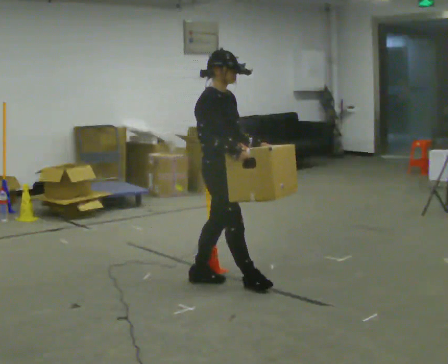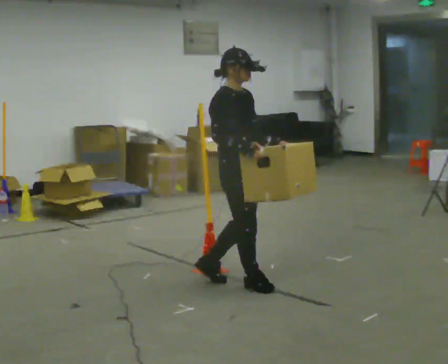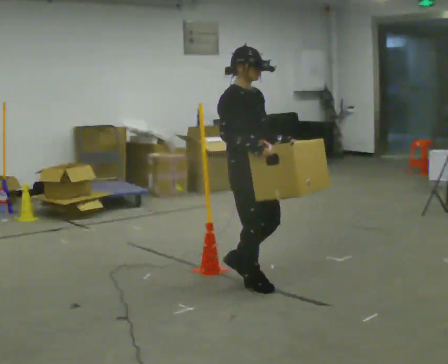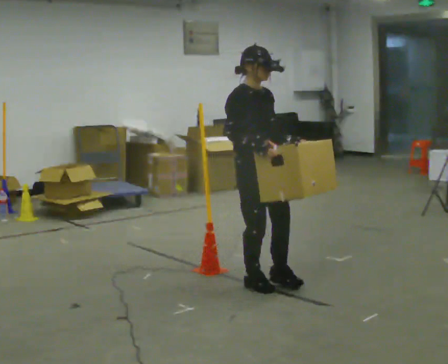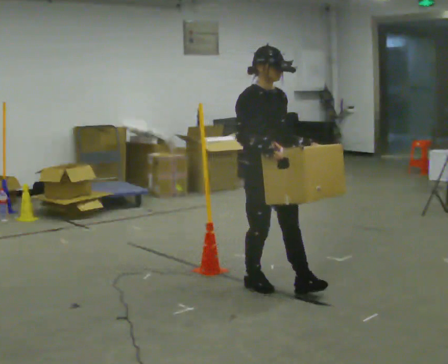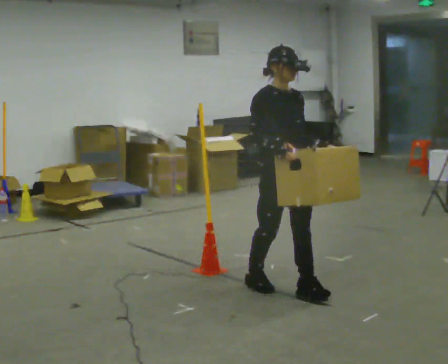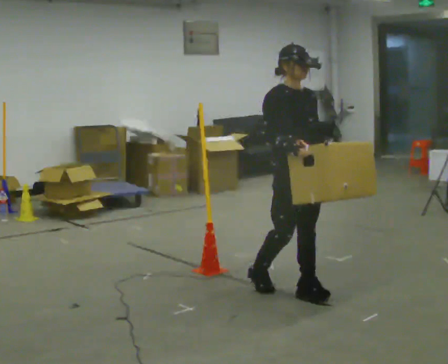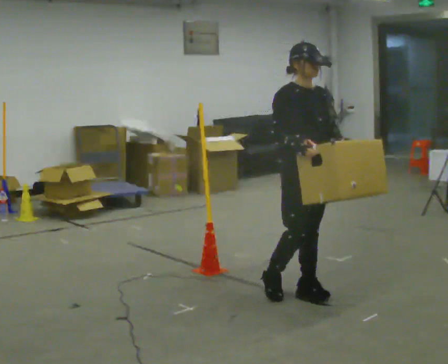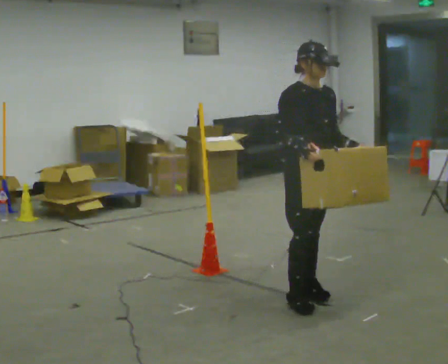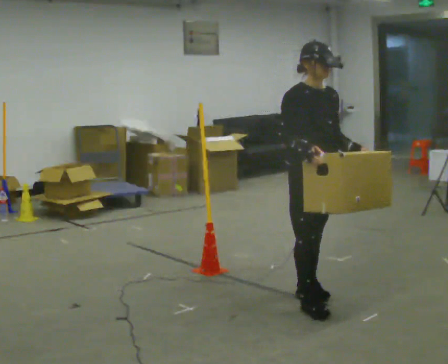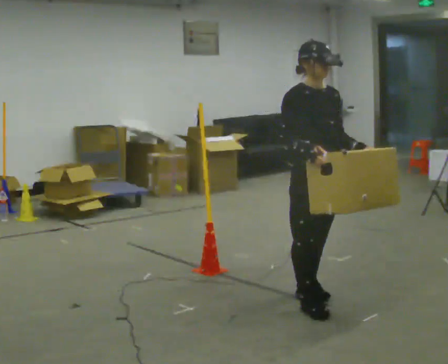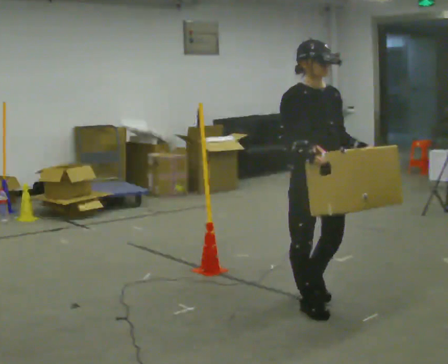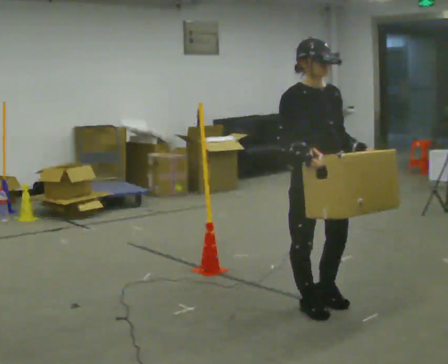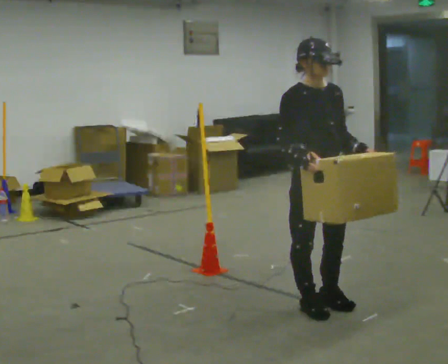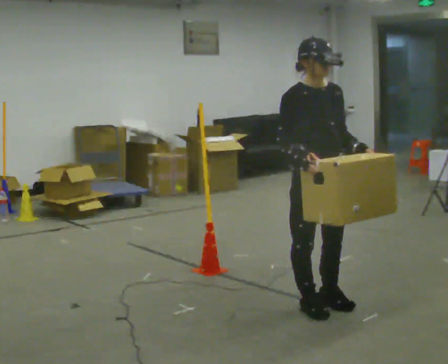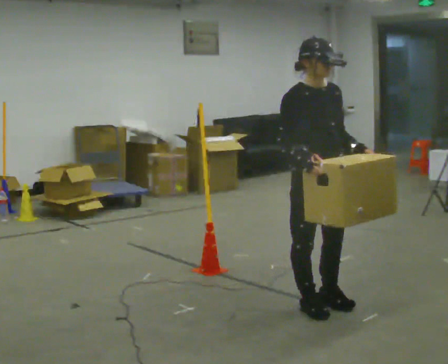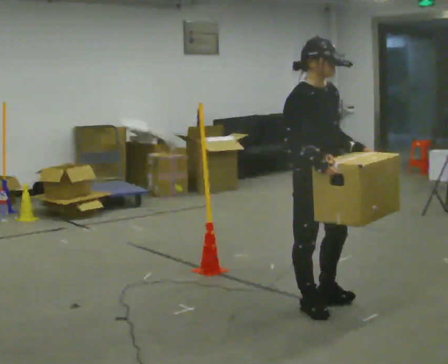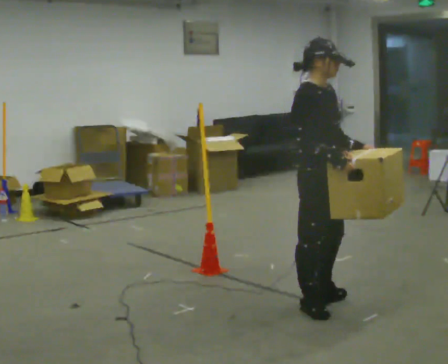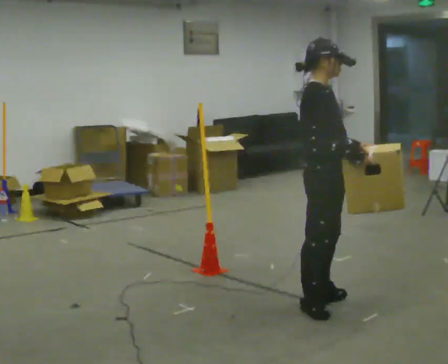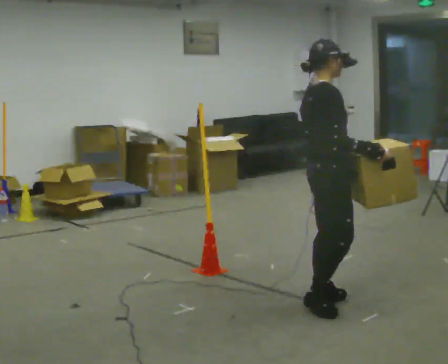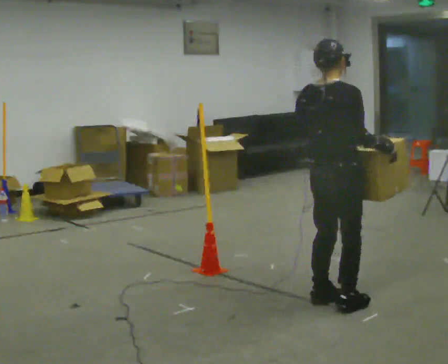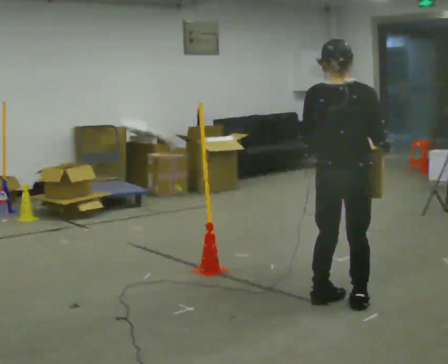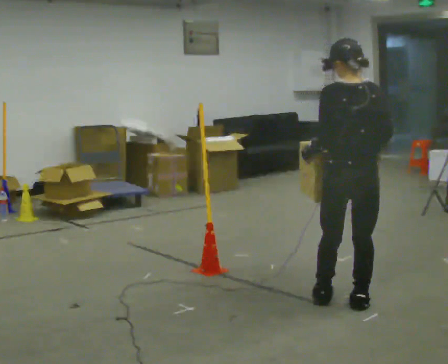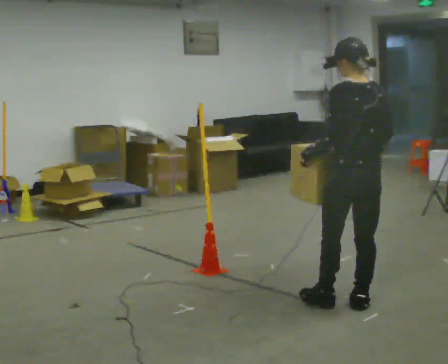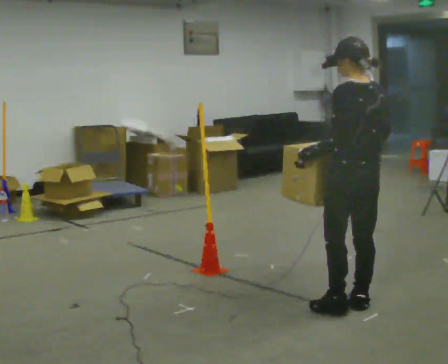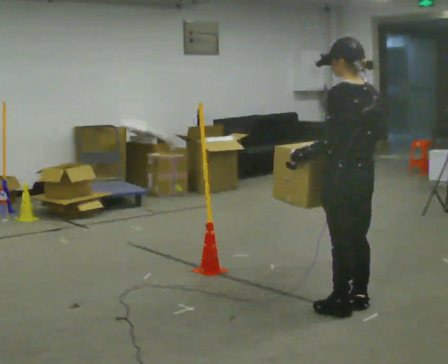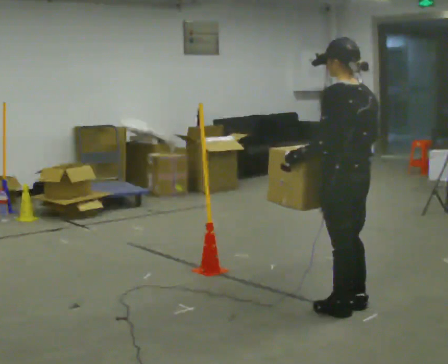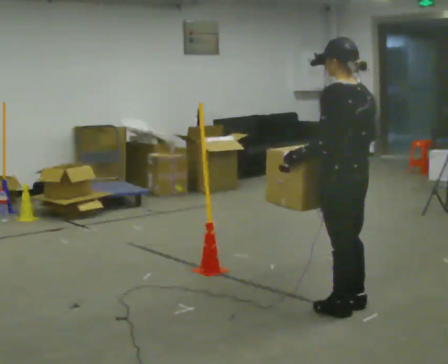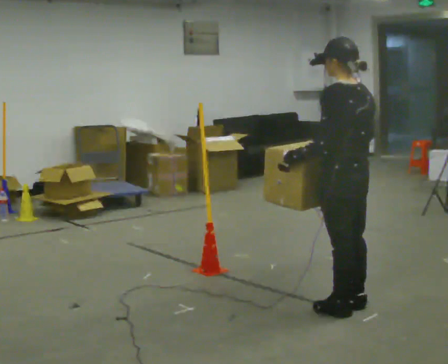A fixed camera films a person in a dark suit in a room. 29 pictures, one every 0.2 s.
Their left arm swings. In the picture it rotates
clockwise.
0.0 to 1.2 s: The part of the body nearest the lens slides to the left as the person turns to their right by about 30 degrees. In the picture they go to the right and toward the camera, about 0.5 m in 1 step, which for them is forward.
1.2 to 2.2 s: In the picture they go toward the camera, about 0.25 m in 1 step, which for them is forward and to their right.
2.2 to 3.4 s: The person turns about 30 degrees to their left, counterclockwise seen from above, so the part of the body nearest the lens slides to the right.
3.4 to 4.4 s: The part of the body nearest the lens slides to the right as the person turns to their left by about 120 degrees. In the picture they go to the right, about 0.25 m in 1 step. In the picture their right hand goes to the right.
4.4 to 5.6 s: Seen from above the body turns counterclockwise, about 30 degrees: to their left, with its near side sliding to the right.
The film runs forward here.
